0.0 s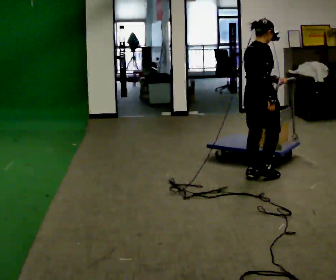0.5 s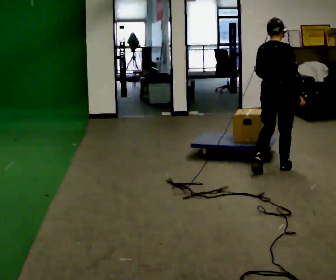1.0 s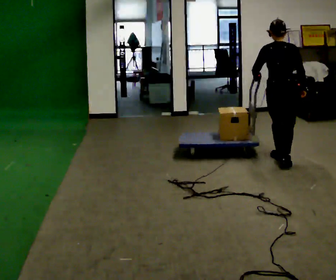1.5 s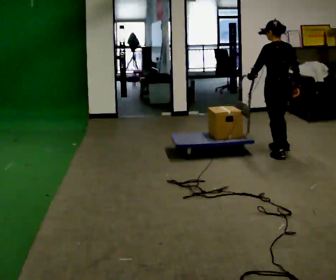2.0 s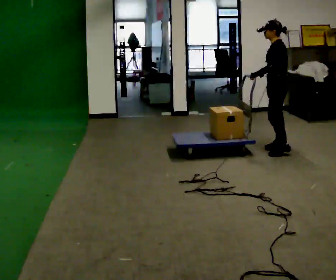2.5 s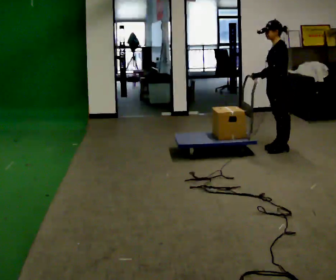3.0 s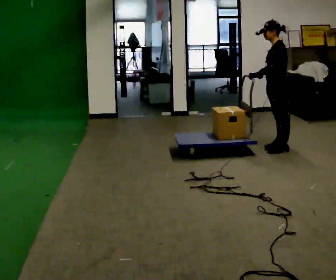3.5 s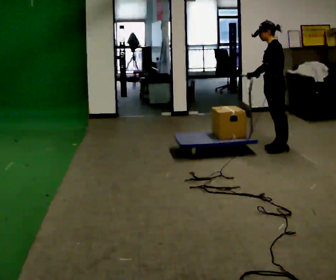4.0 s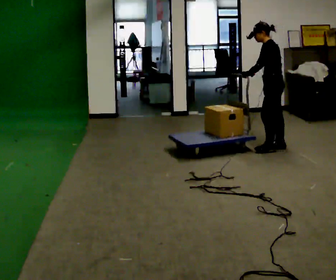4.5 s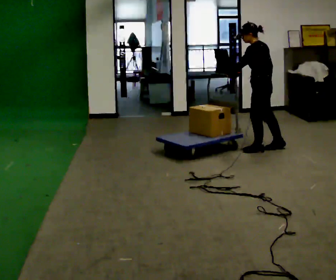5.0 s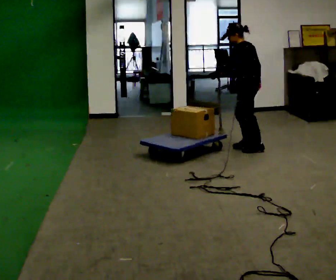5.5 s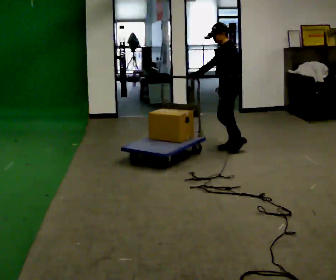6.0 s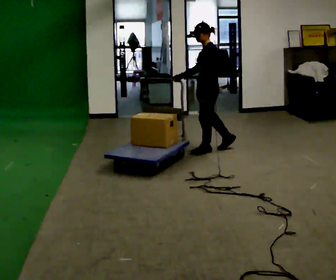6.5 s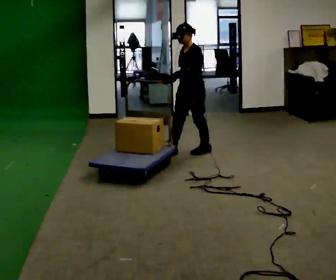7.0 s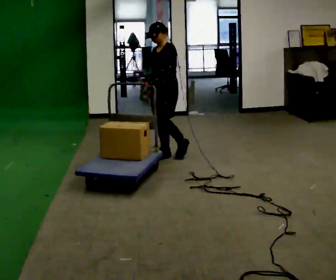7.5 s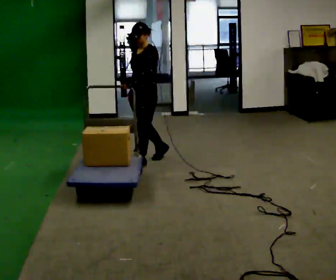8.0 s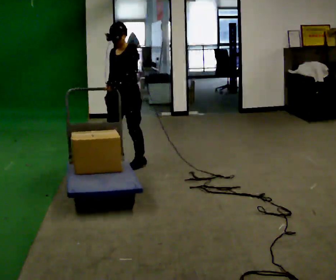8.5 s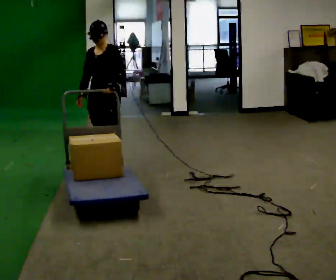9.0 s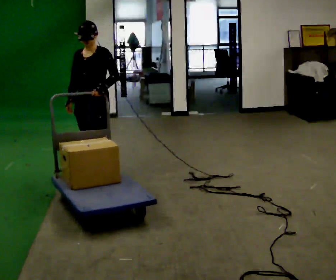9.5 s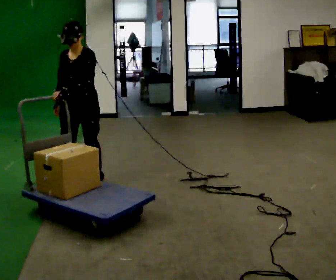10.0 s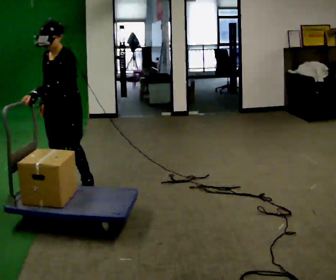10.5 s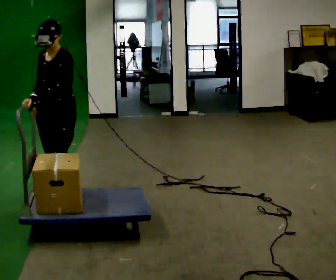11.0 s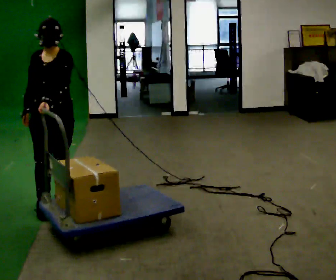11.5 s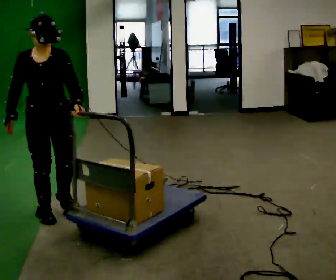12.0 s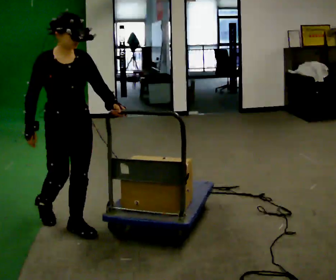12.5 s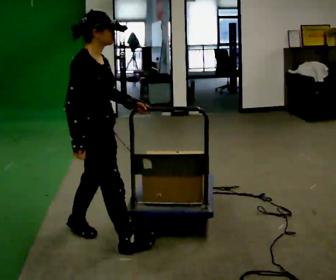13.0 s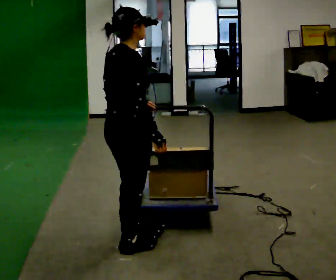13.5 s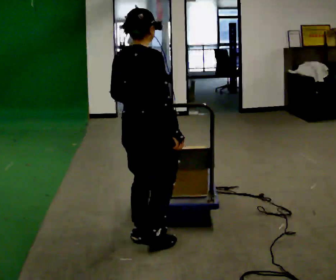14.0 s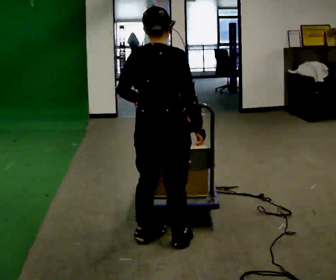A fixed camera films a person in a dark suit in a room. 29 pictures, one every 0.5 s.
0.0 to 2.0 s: The part of the body nearest the lens slides to the right as the person turns to their left by about 135 degrees. In the picture they go away from the camera and to the right, about 1 m in 3 steps.
2.0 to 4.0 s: The person moves a little, or ends about where they began.
4.0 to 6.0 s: In the picture they go to the left, about 1 m in 3 steps, which for them is forward.
6.0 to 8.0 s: The person turns about 45 degrees to their left, counterclockwise seen from above, so the part of the body nearest the lens slides to the right. In the picture they go to the left and toward the camera, about 1 m in 3 steps, which for them is forward.
8.0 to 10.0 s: In the picture they go toward the camera and to the left, about 1 m in 2 steps, which for them is forward.
10.0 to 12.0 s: The person turns about 75 degrees to their left, counterclockwise seen from above, so the part of the body nearest the lens slides to the right. In the picture they go toward the camera, about 1 m in 3 steps.
12.0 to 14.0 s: Seen from above the body turns counterclockwise, about 120 degrees: to their left, with its near side sliding to the right. In the picture they go to the right, about 0.75 m in 3 steps.
The film runs forward here.
